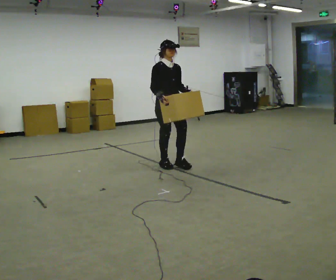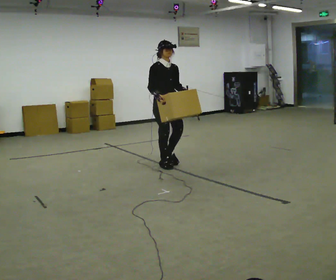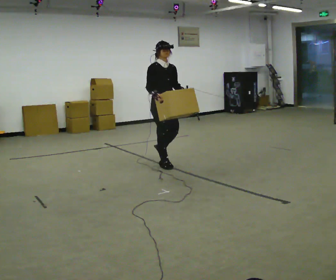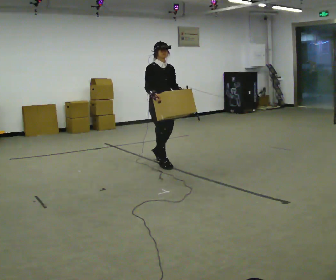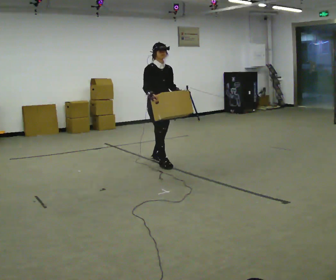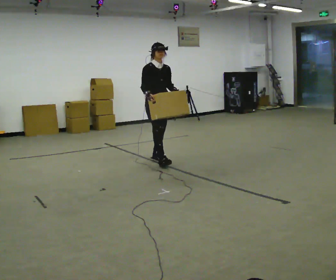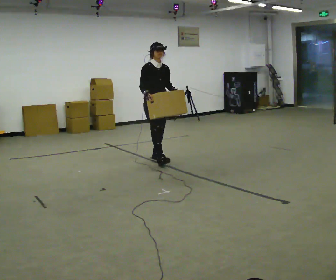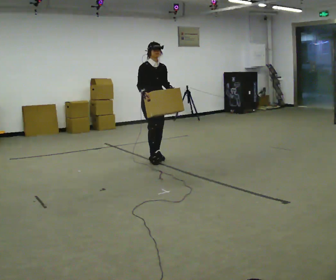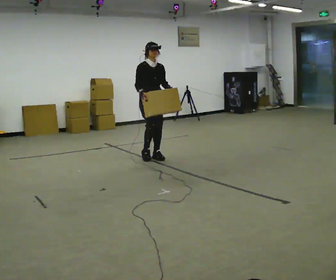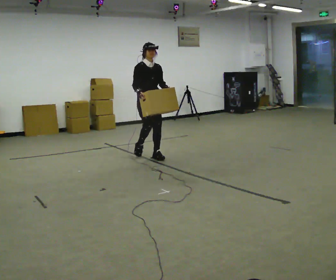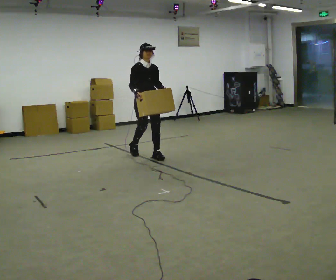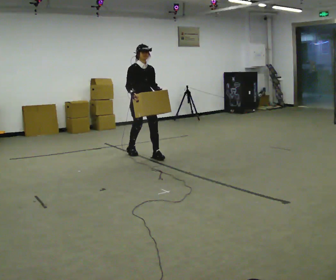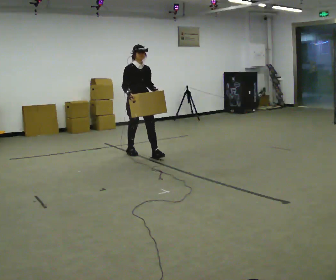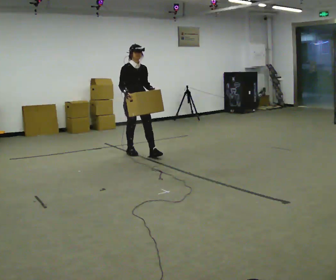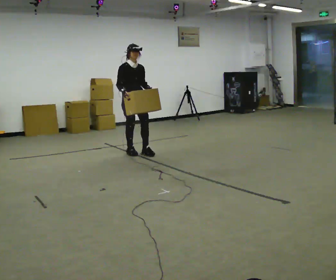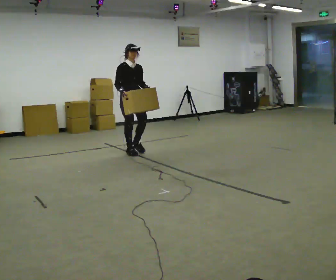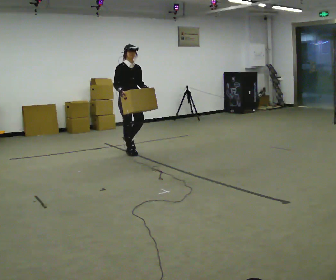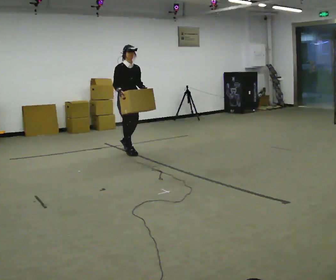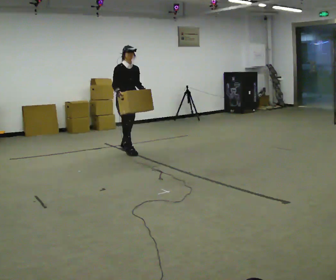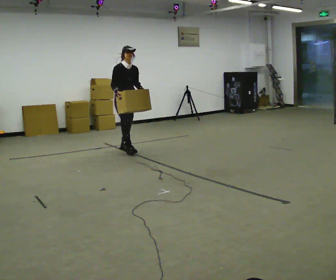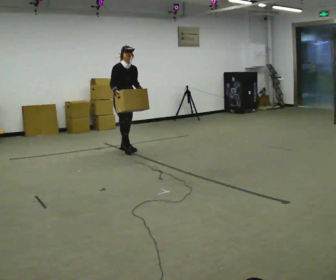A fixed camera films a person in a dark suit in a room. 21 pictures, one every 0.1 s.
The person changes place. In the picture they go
away from the camera.
0.0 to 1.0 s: In the picture they go away from the camera and to the left, about 0.75 m in 1 step, which for them is backward.
1.0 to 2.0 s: In the picture they go away from the camera and to the left, about 0.5 m in 2 steps, which for them is backward.
The film runs backward here.
